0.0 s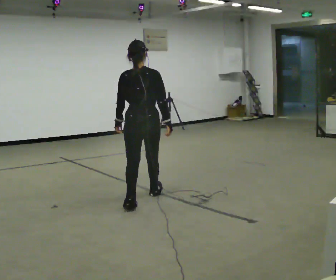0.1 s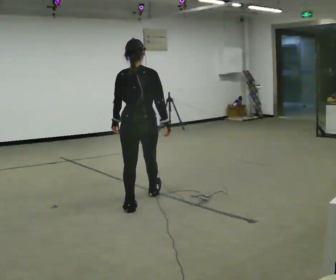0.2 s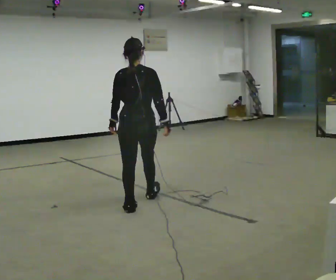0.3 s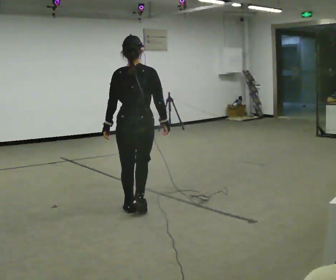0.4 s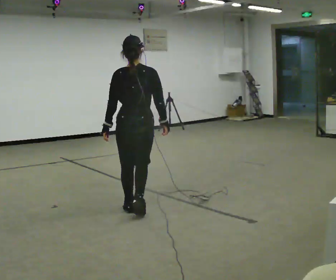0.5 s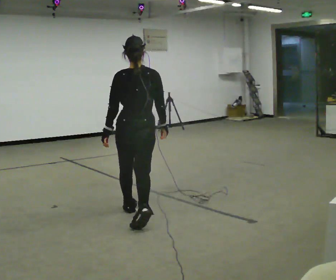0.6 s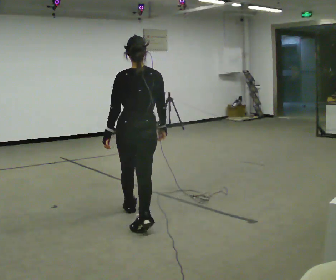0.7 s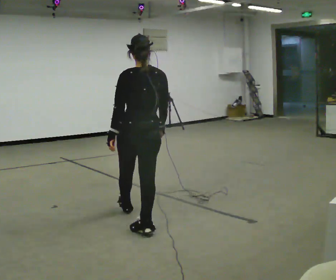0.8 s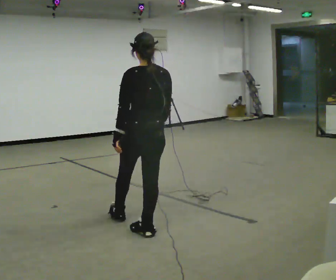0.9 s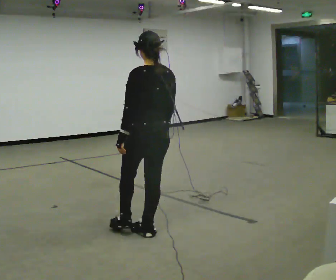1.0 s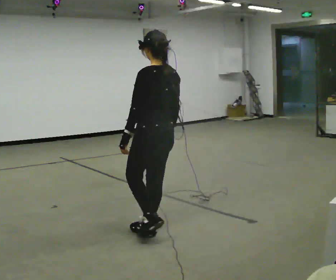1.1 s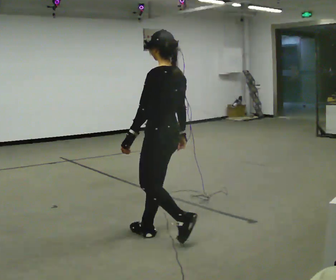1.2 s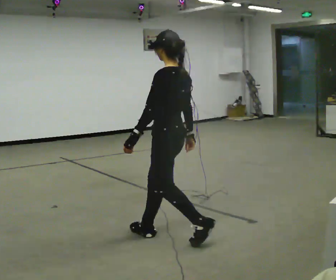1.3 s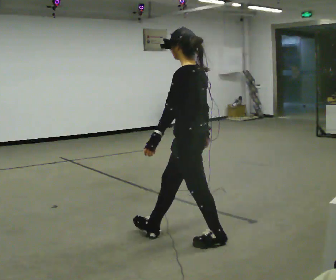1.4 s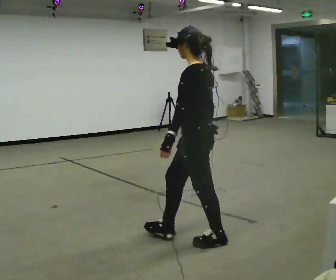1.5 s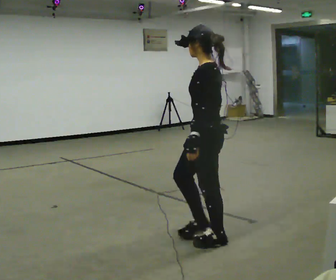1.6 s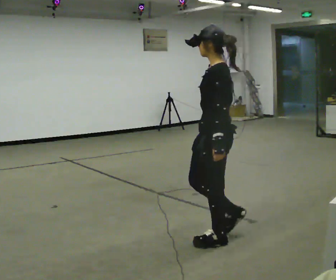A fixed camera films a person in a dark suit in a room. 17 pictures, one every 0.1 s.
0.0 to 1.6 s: Seen from above the body turns counterclockwise, about 90 degrees: to their left, with its near side sliding to the right. In the picture they go toward the camera and to the right, about 1 m in 3 steps.
The film runs backward here.
